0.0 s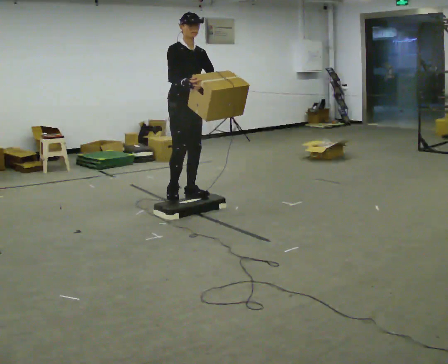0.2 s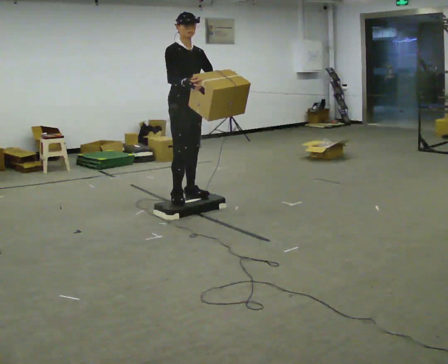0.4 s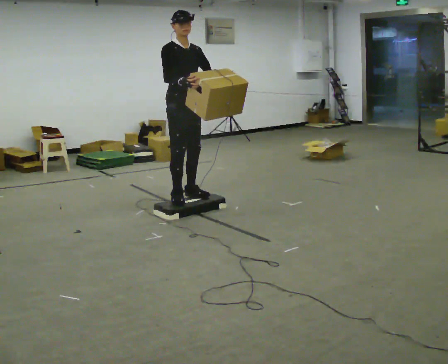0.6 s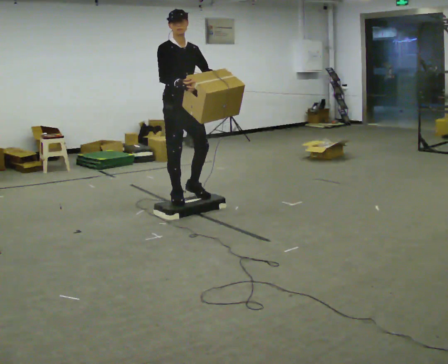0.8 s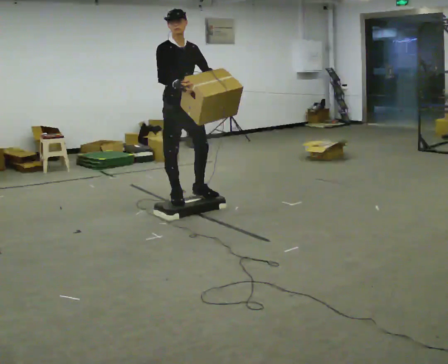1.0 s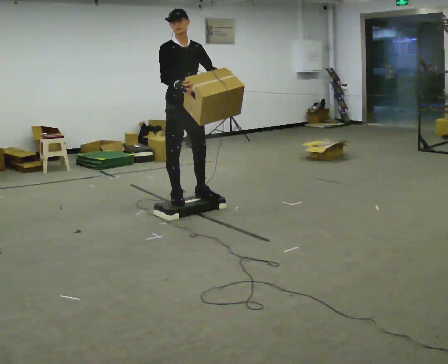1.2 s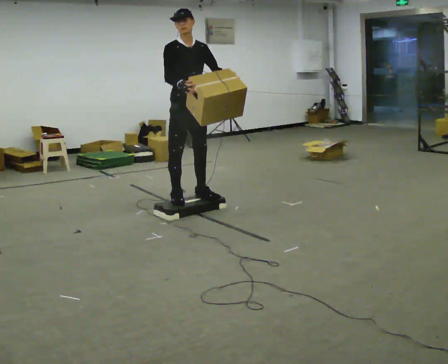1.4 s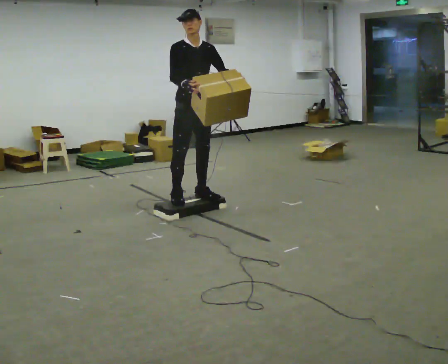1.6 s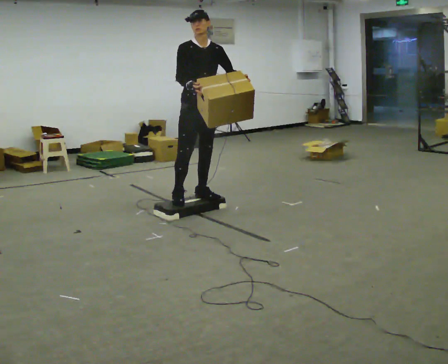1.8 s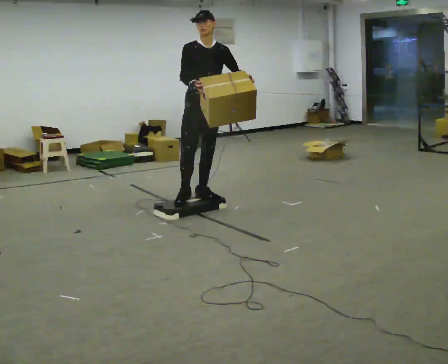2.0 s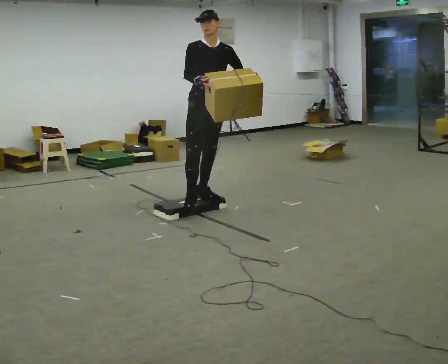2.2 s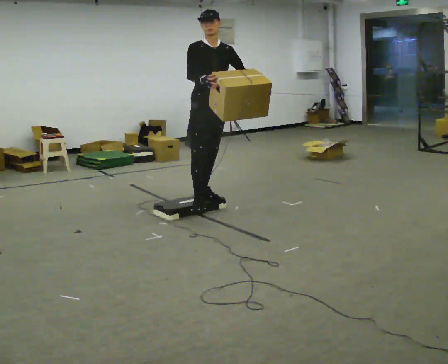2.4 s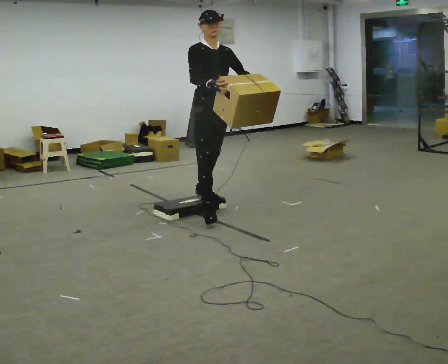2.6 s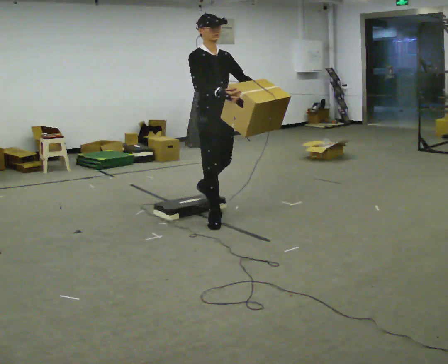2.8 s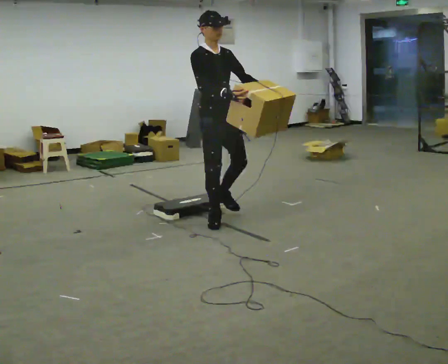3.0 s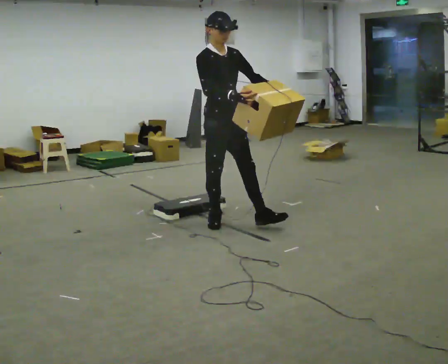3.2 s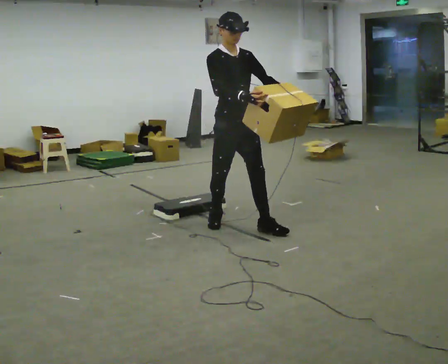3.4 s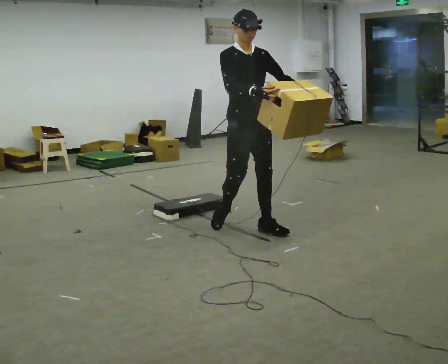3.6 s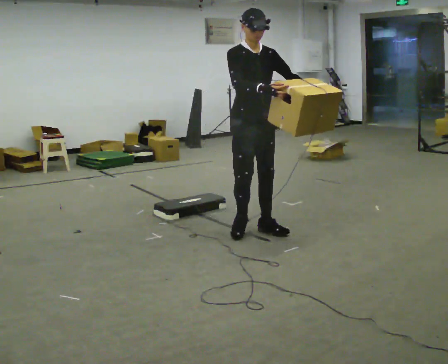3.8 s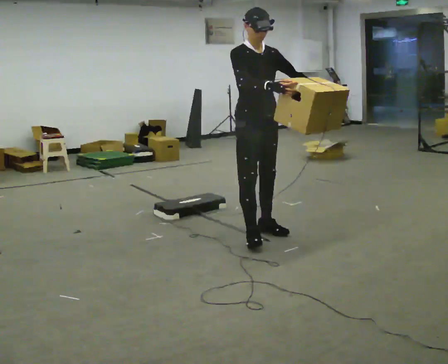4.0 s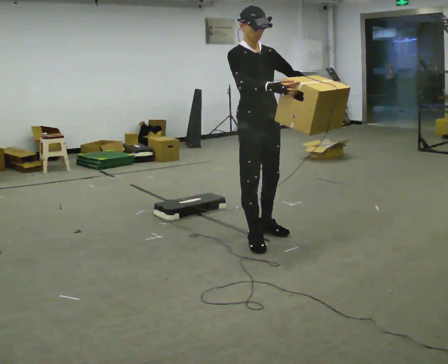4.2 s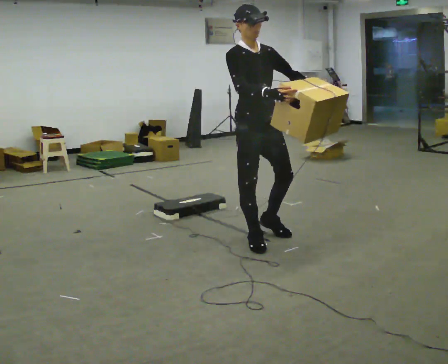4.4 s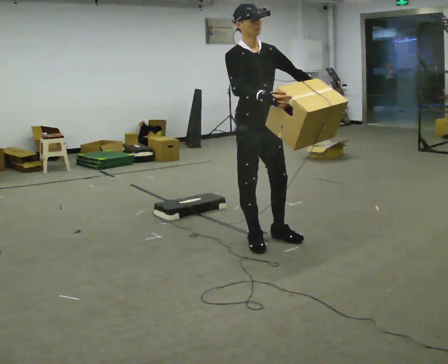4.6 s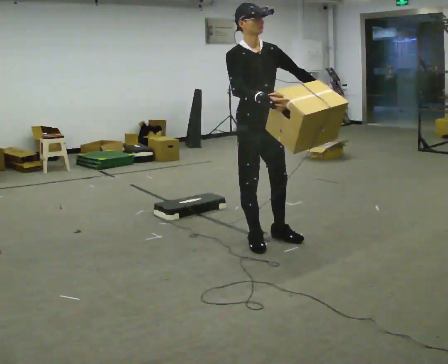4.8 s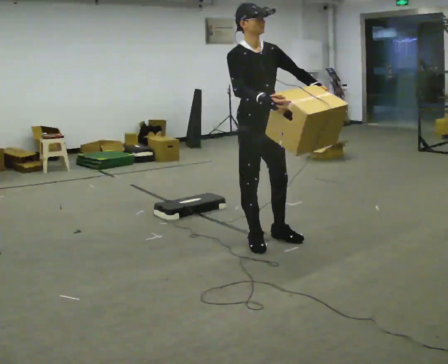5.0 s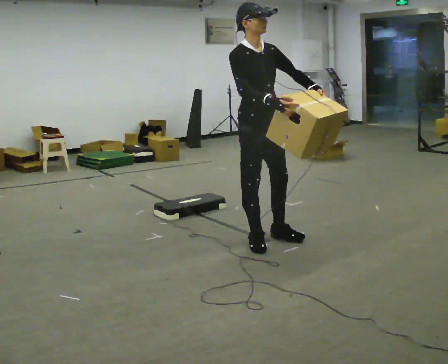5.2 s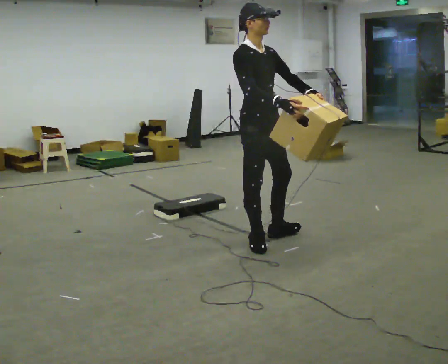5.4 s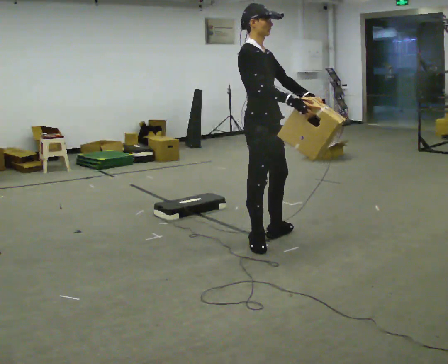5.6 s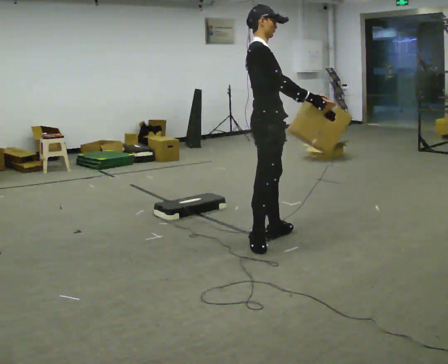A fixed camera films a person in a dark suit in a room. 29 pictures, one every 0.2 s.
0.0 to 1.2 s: The person moves a little, or ends about where they began.
1.2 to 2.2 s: In the picture they go to the right, about 0.25 m, which for them is to their left and forward.
2.2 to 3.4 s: In the picture they go toward the camera and to the right, about 0.75 m in 2 steps, which for them is forward.
3.4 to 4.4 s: In the picture they go toward the camera, about 0.25 m in 2 steps, which for them is forward.
4.4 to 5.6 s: The person turns about 45 degrees to their left, counterclockwise seen from above, so the part of the body nearest the lens slides to the right.
The film runs forward here.
